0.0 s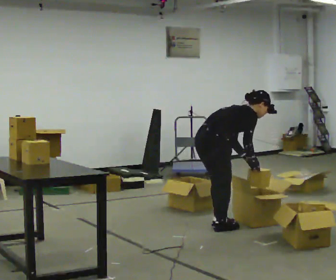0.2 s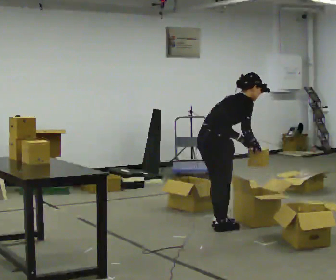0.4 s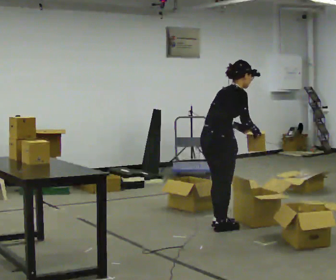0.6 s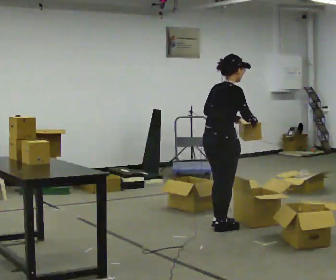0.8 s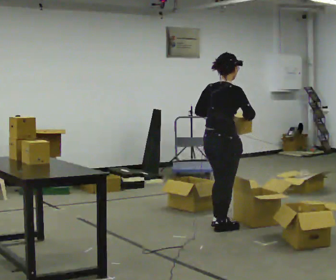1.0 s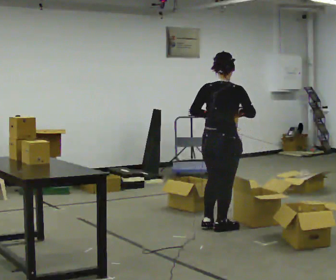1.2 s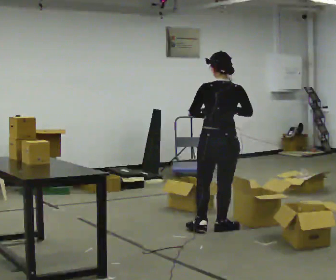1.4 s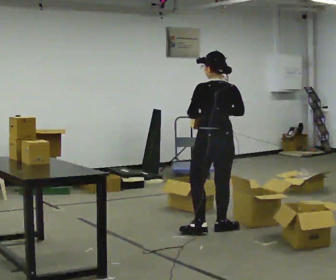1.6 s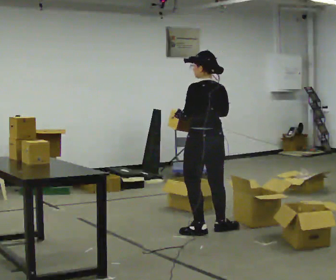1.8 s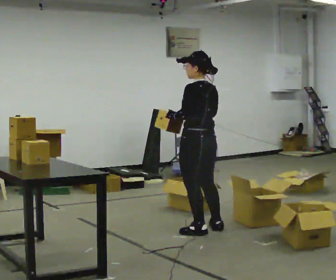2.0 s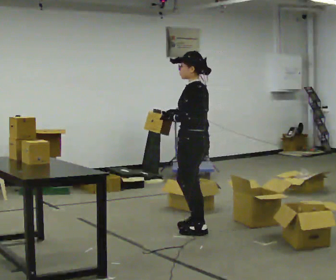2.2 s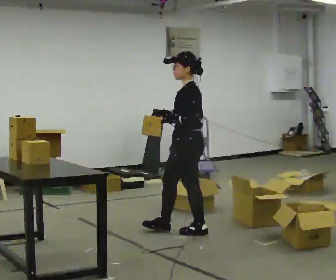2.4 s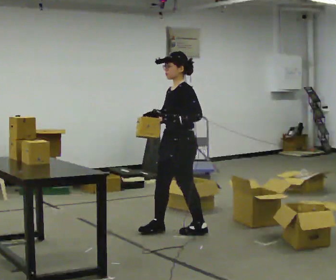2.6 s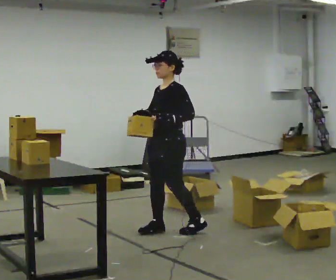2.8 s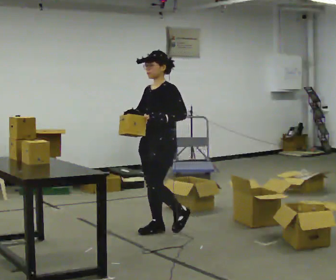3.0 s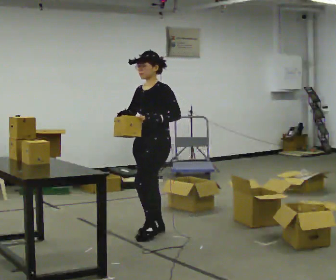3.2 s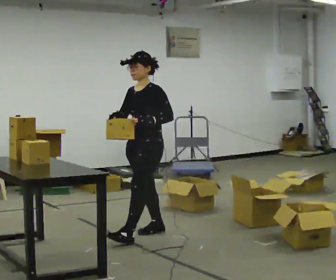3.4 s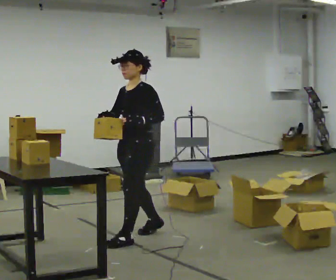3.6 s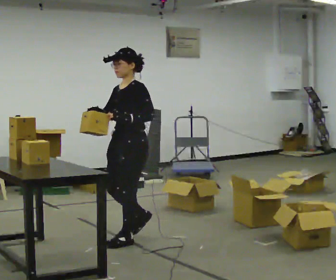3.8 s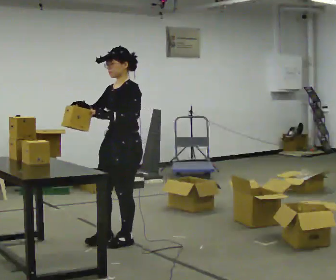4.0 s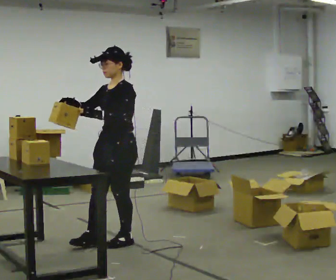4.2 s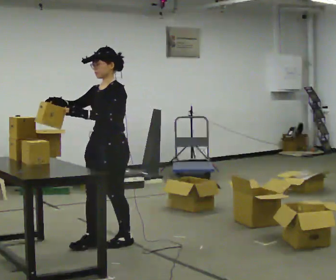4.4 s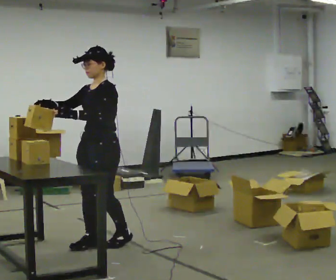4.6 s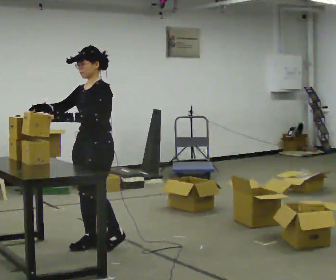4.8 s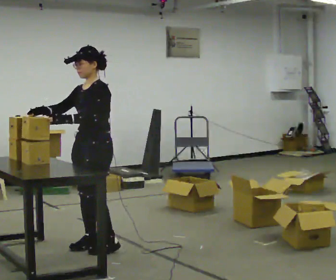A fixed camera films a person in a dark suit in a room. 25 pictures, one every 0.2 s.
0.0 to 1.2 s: The person turns about 45 degrees to their left, counterclockwise seen from above, so the part of the body nearest the lens slides to the right. The upper body goes upward. In the picture the upper body tilts counterclockwise, shoulders to the left, as they lean back or straighten. In the picture their right hand goes upward.
1.2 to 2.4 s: Seen from above the body turns counterclockwise, about 120 degrees: to their left, with its near side sliding to the right. In the picture they go to the left, about 0.25 m in 2 steps.
2.4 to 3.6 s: In the picture they go to the left and toward the camera, about 0.5 m in 1 step, which for them is forward.
3.6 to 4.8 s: In the picture they go to the left and toward the camera, about 0.25 m in 2 steps, which for them is forward.
The film runs forward here.
